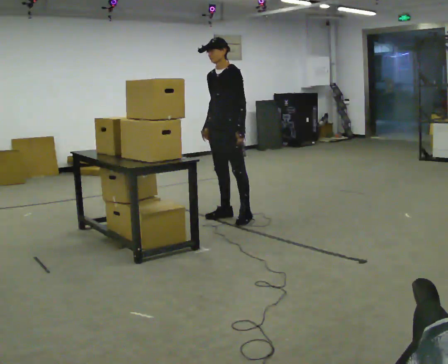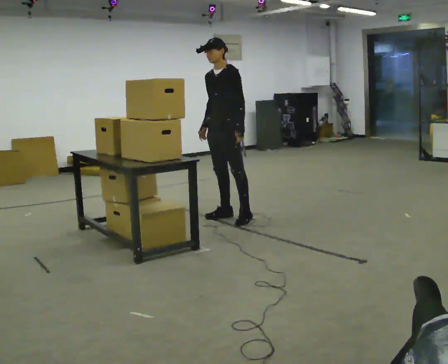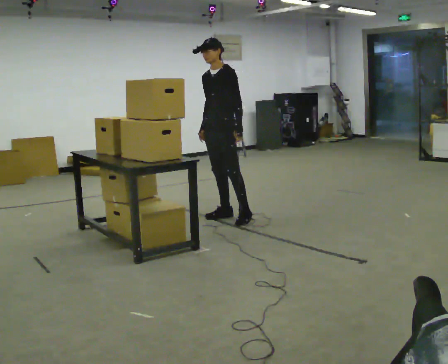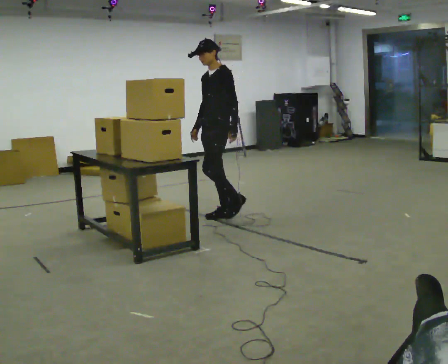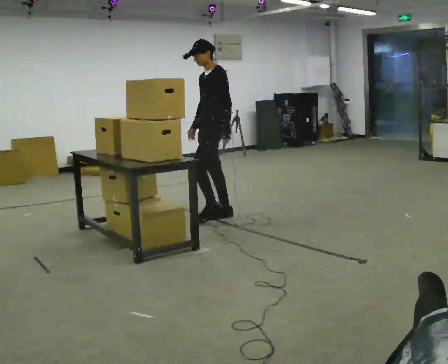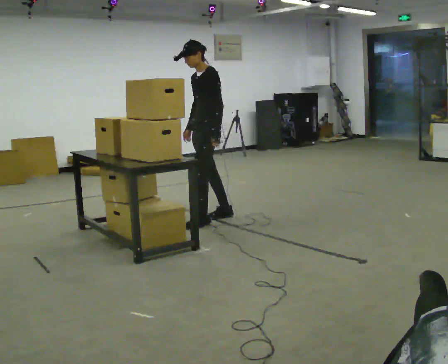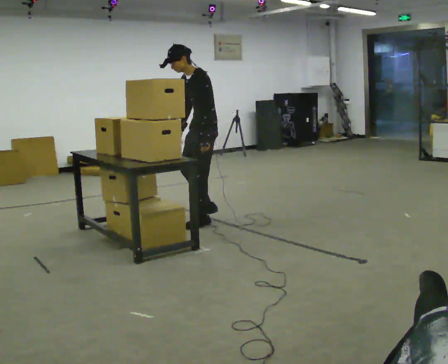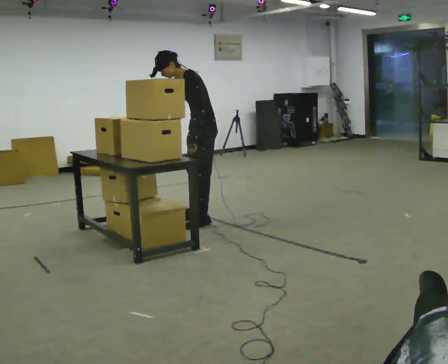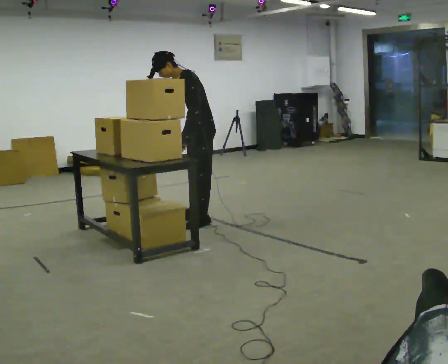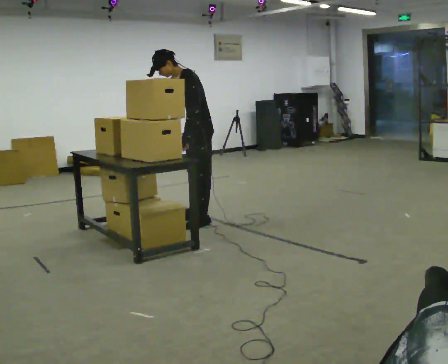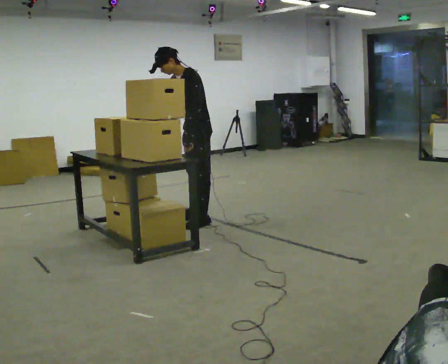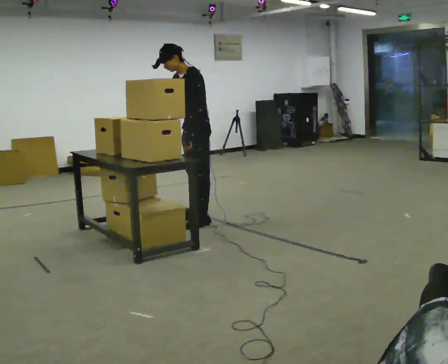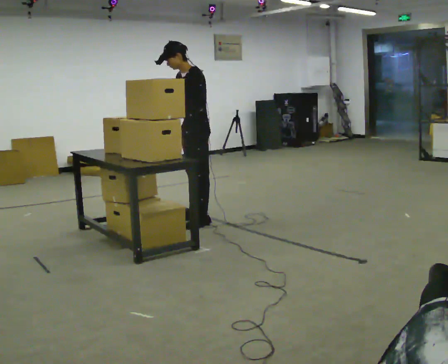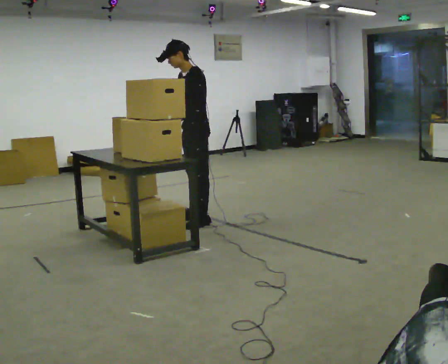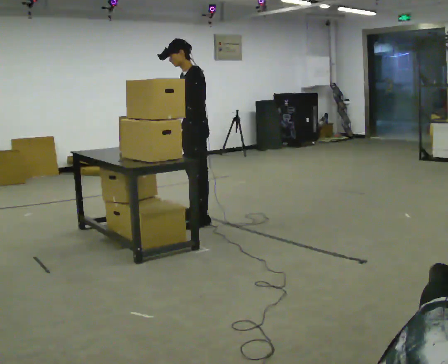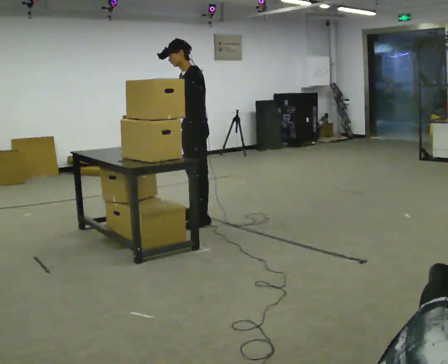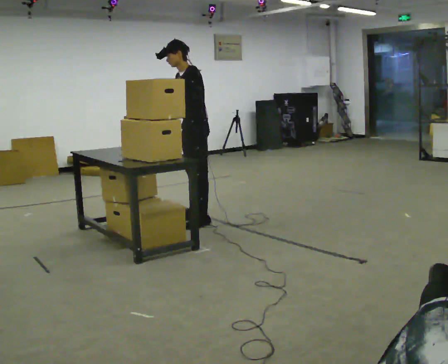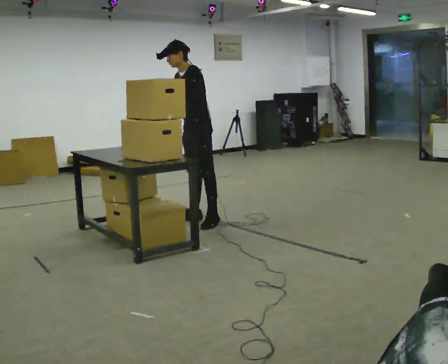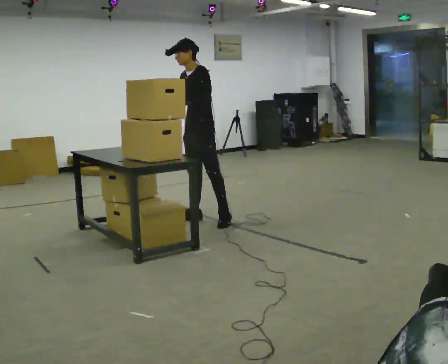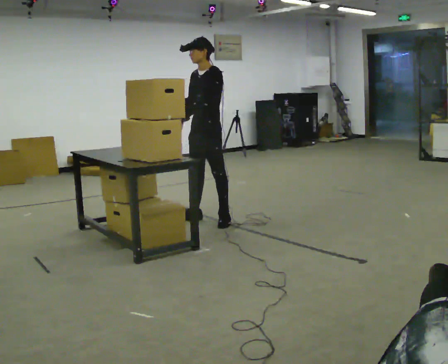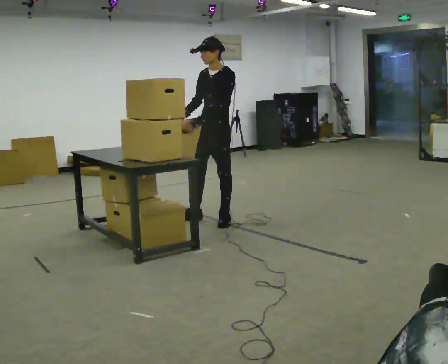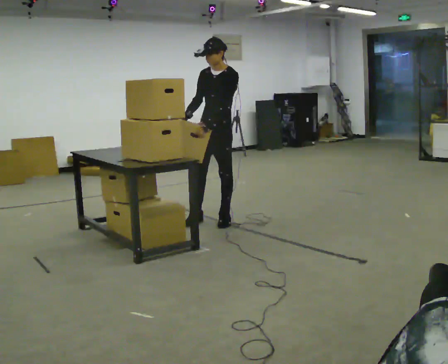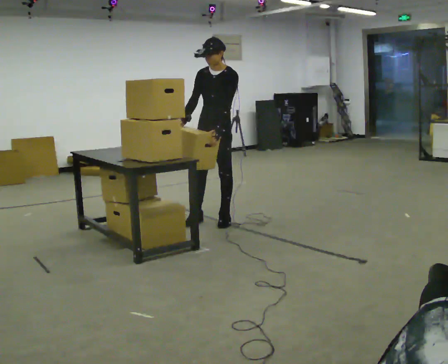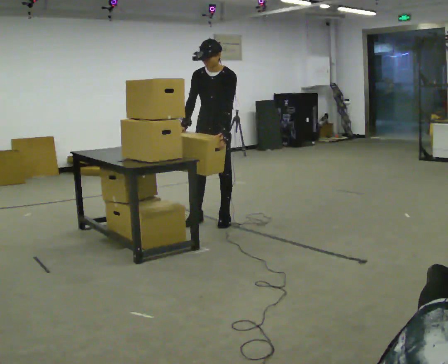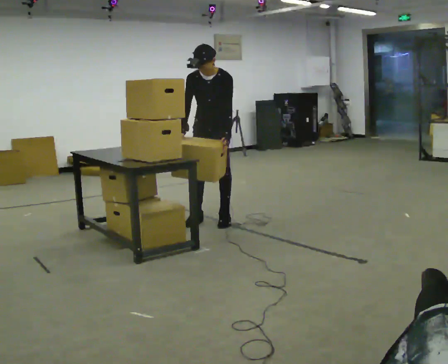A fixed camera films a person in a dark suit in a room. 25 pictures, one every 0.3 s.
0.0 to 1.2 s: The person moves a little, or ends about where they began.
1.2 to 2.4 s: In the picture the upper body tilts counterclockwise, shoulders to the left, as they bend forward. In the picture their right hand goes to the left.
2.4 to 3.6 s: In the picture the upper body tilts clockwise, shoulders to the right, as they lean back or straighten.
3.6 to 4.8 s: The person moves a little, or ends about where they began.
4.8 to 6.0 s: In the picture they go to the right, about 0.25 m in 1 step, which for them is to their left and backward. In the picture their left hand goes to the right.
6.0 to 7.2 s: Seen from above the body turns counterclockwise, about 30 degrees: to their left, with its near side sliding to the right. The upper body tips toward the camera, its near side rolling downward, as they bend forward.
The film runs forward here.
